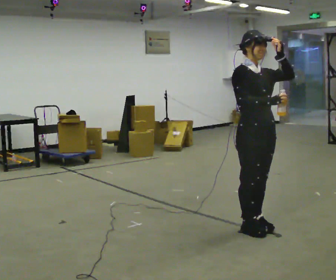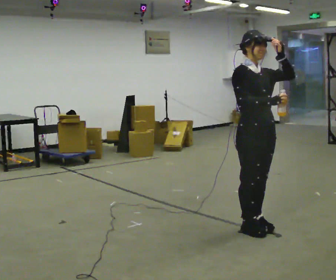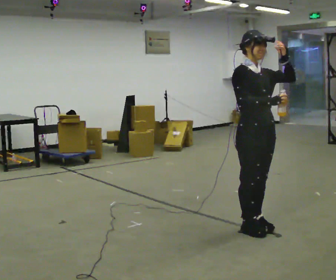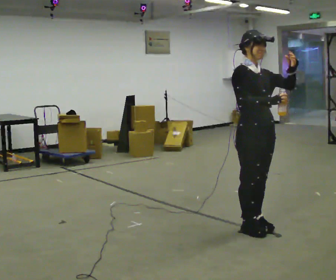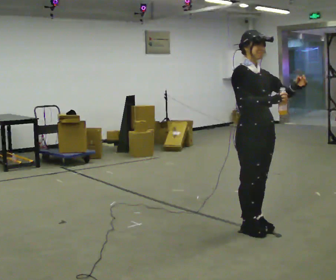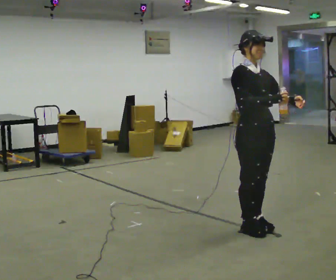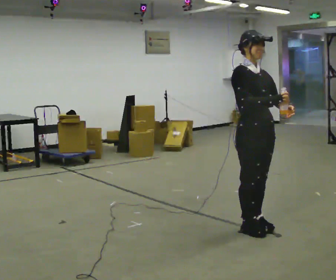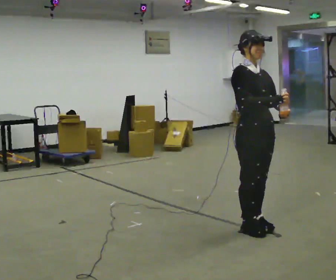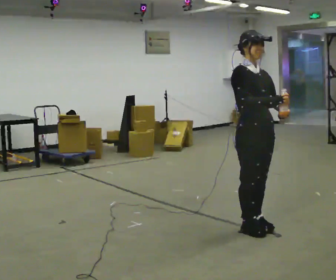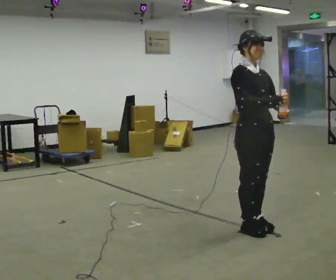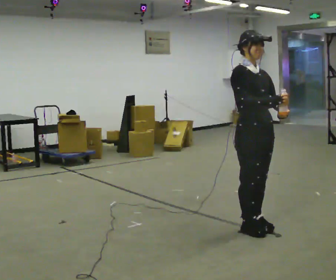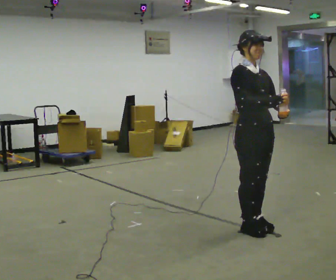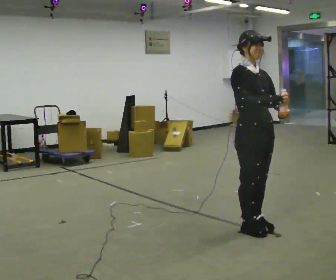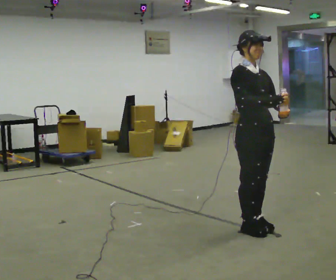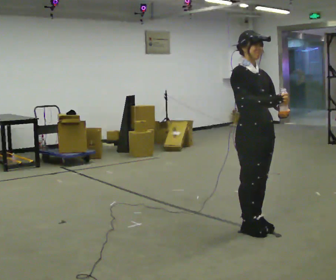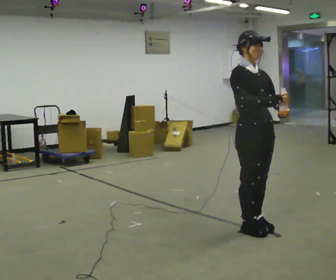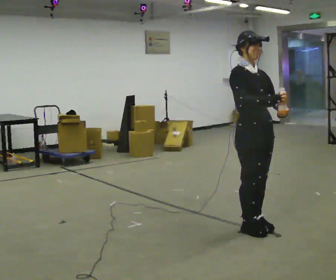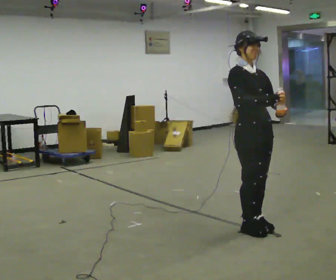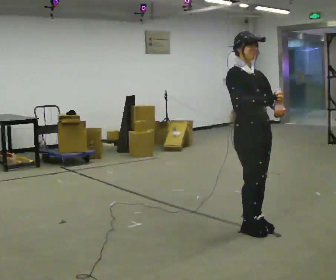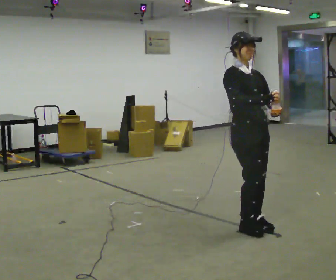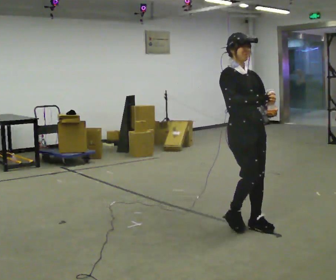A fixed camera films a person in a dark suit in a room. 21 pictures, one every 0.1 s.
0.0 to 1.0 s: In the picture their left hand goes downward.
1.0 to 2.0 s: The person moves a little, or ends about where they began.
The film runs backward here.
